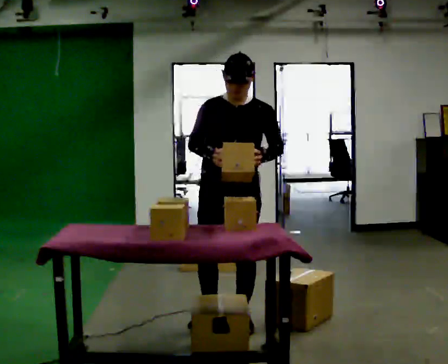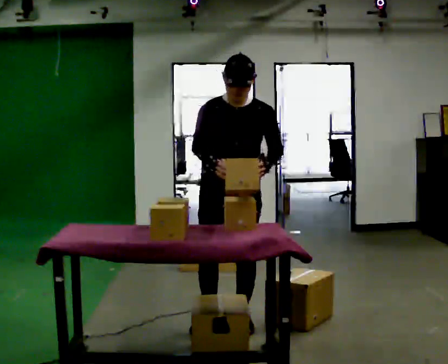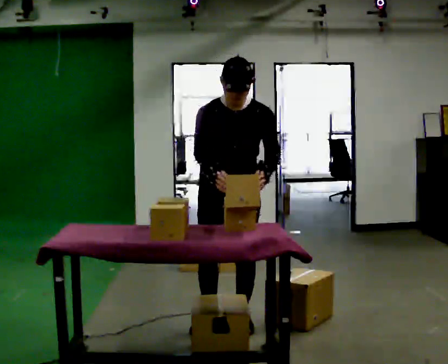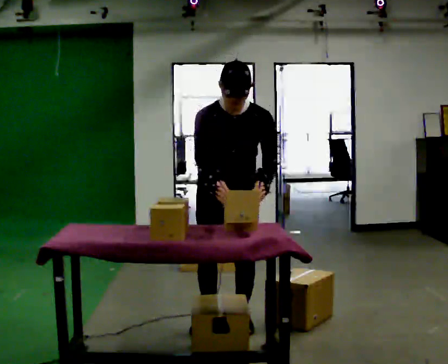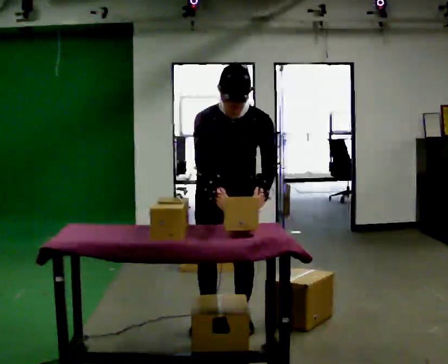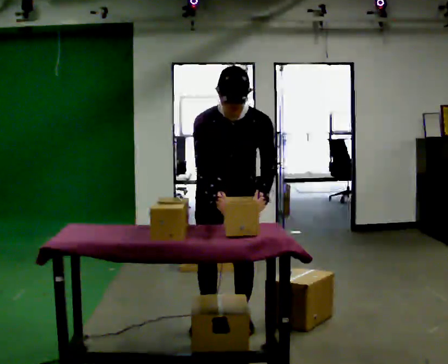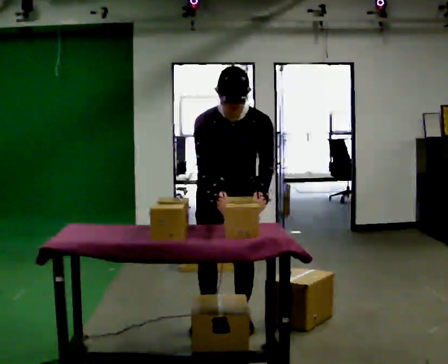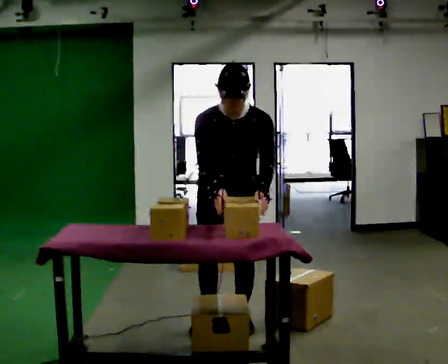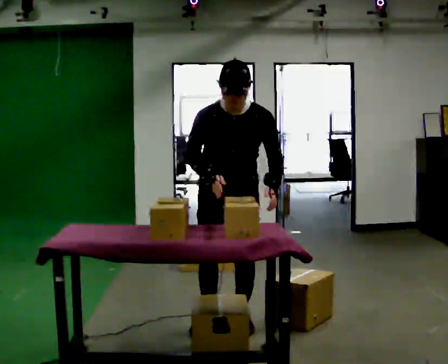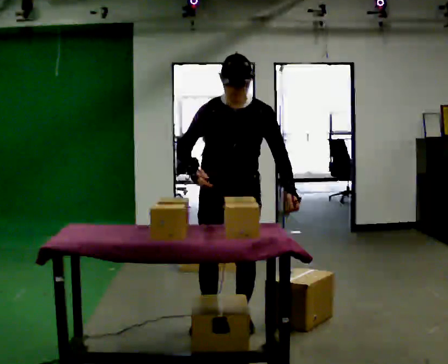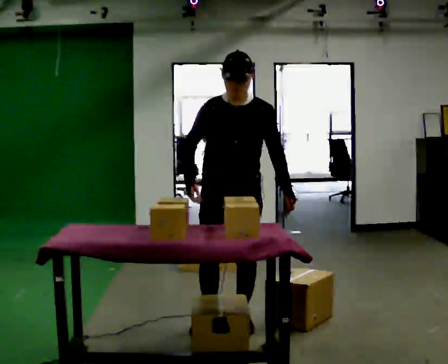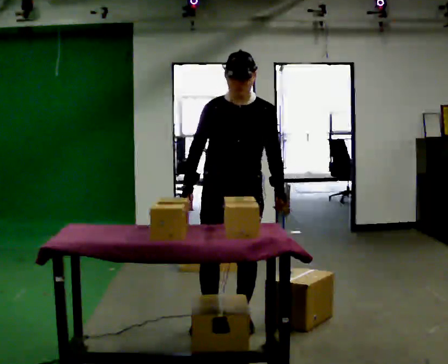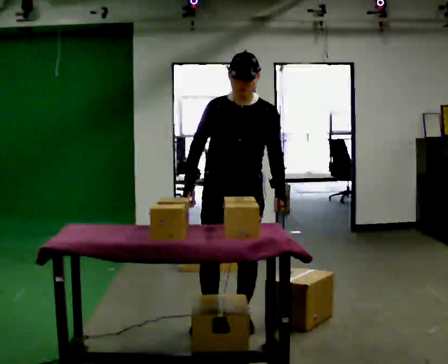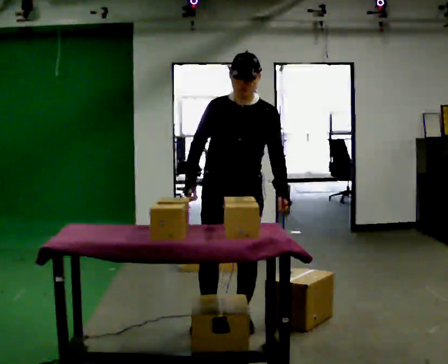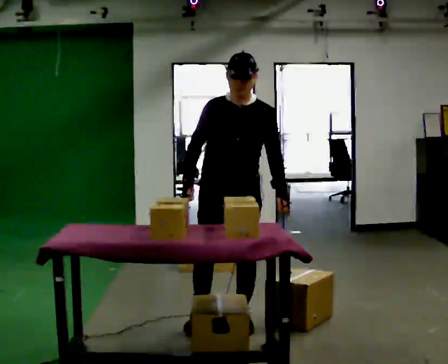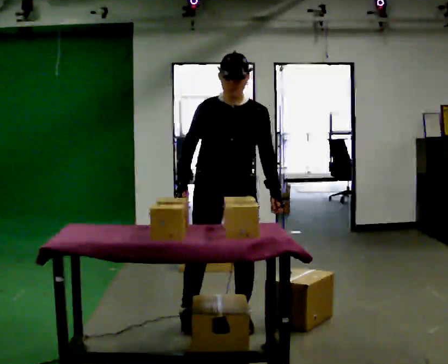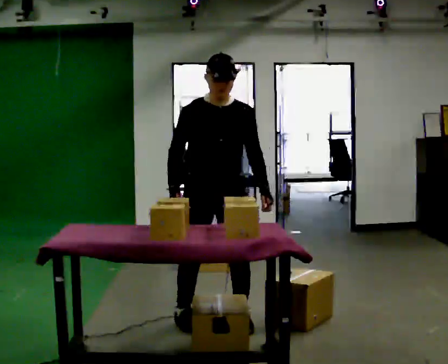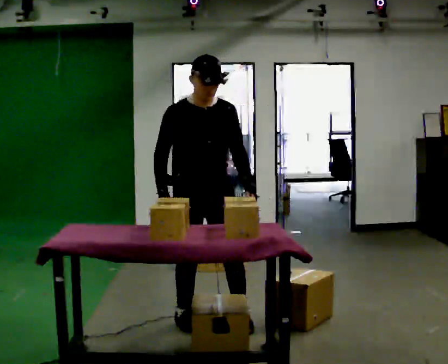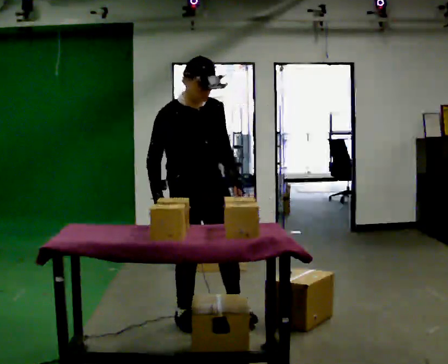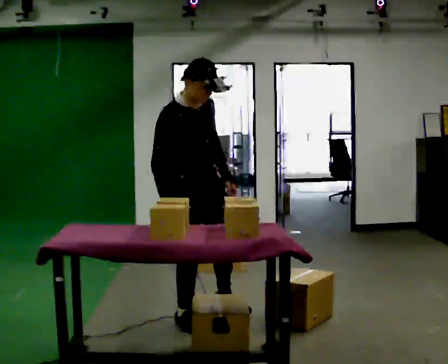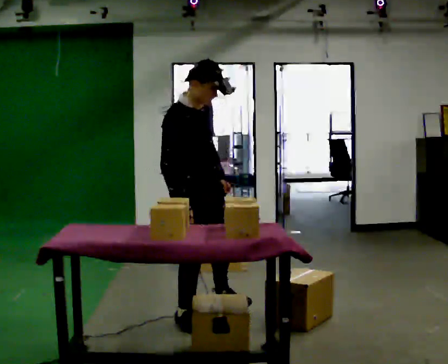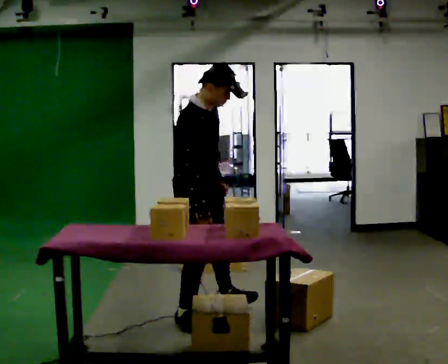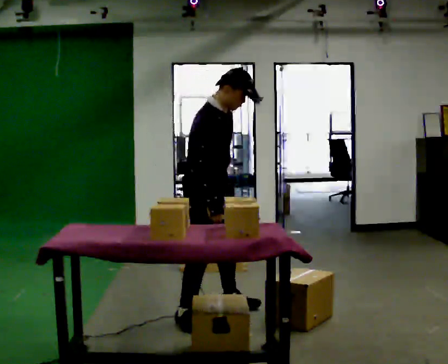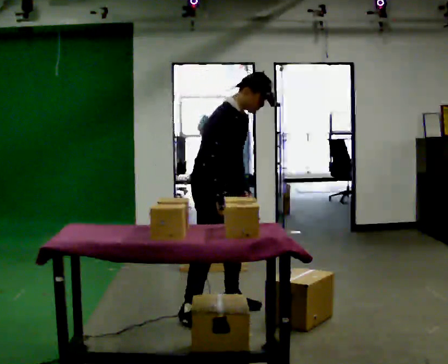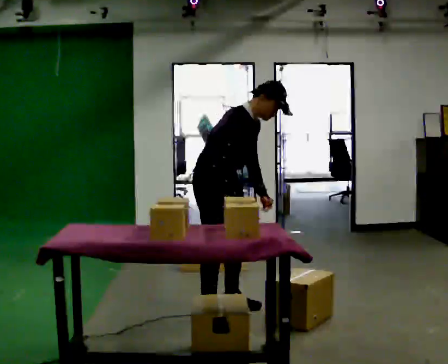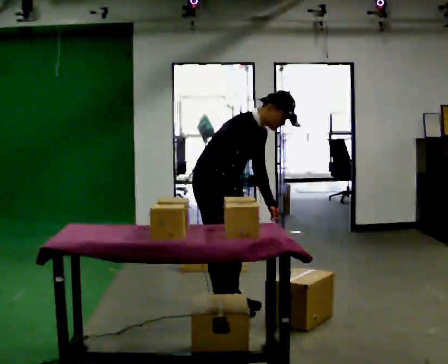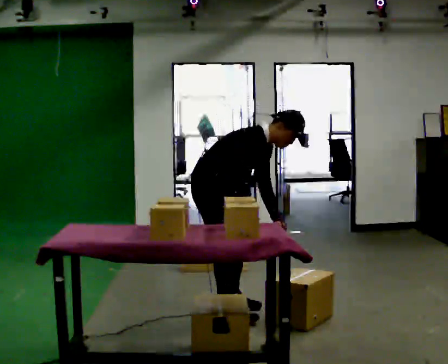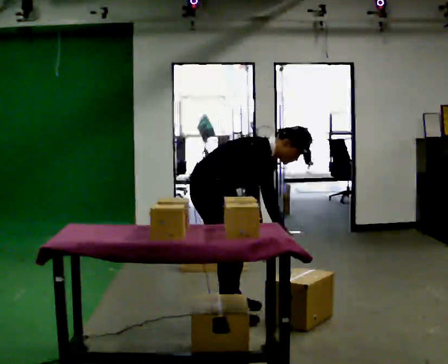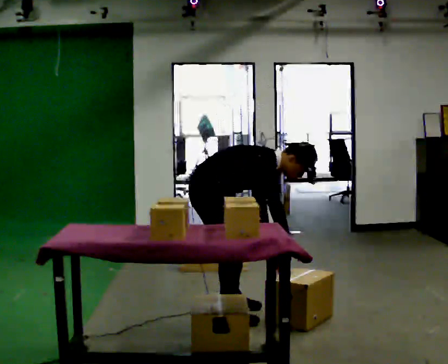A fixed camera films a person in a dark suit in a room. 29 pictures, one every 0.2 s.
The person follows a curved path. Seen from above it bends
clockwise.
The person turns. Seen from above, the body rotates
counterclockwise.
0.0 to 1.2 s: The upper body tips toward the camera, its near side rolling downward, as they bend forward.
1.2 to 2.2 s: The upper body tips away from the camera, its near side rolling upward, as they lean back or straighten.
2.2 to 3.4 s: In the picture they go to the left, about 0.25 m in 1 step, which for them is to their right.
3.4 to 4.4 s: The person turns about 45 degrees to their left, counterclockwise seen from above, so the part of the body nearest the lens slides to the right. In the picture they go away from the camera, about 0.25 m in 1 step, which for them is to their left.
4.4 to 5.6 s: The upper body goes downward. In the picture the upper body tilts clockwise, shoulders to the right, as they bend forward. In the picture their left hand goes to the right and downward.
The film runs forward here.
